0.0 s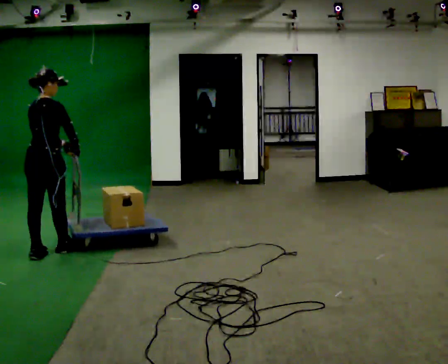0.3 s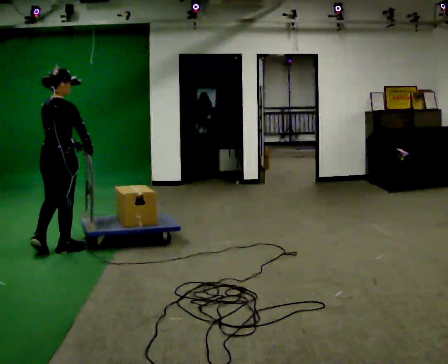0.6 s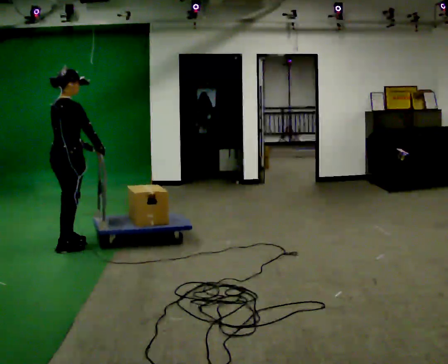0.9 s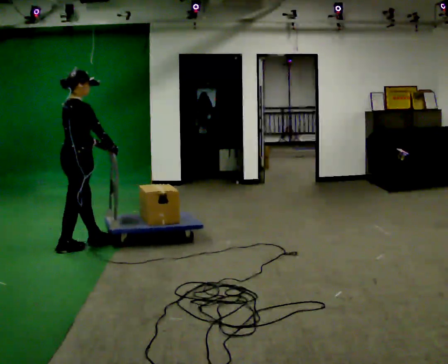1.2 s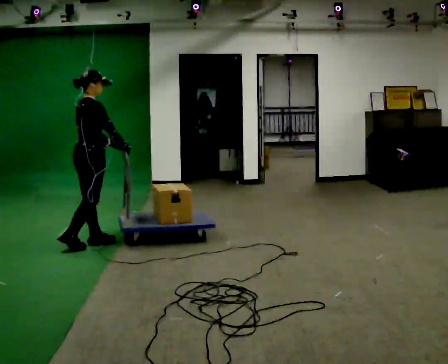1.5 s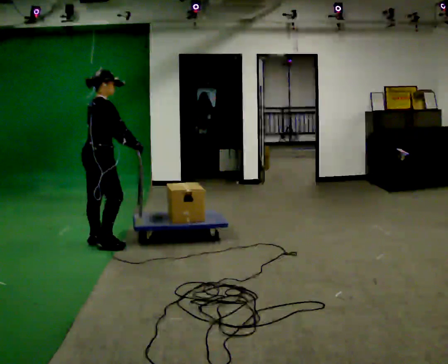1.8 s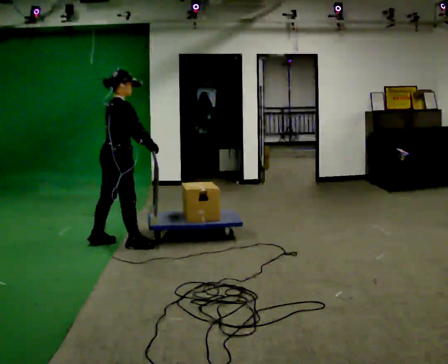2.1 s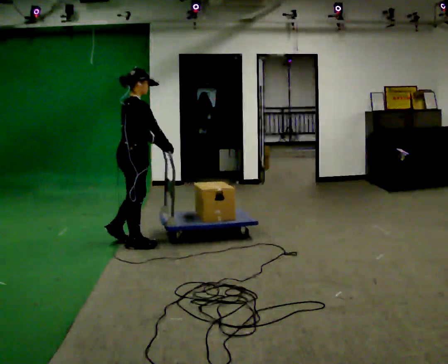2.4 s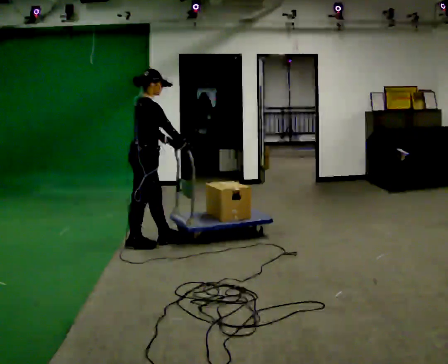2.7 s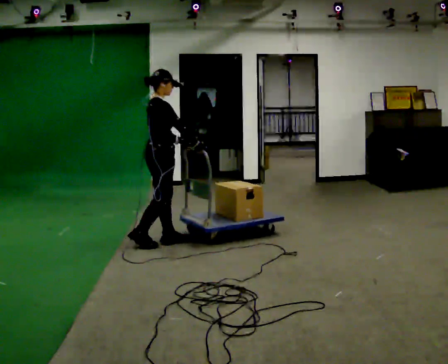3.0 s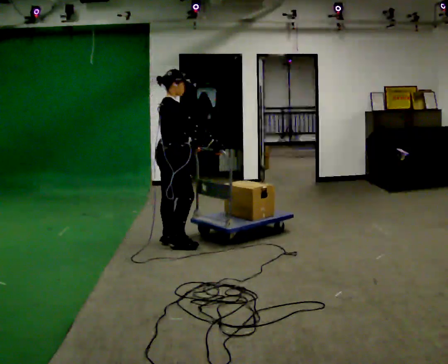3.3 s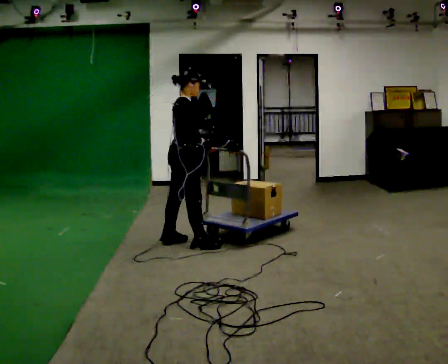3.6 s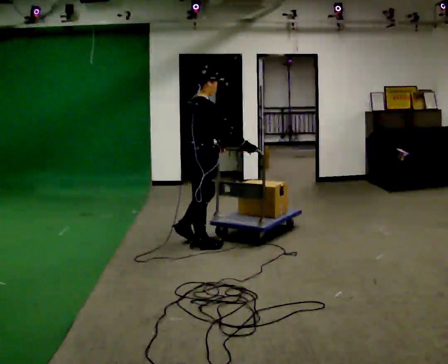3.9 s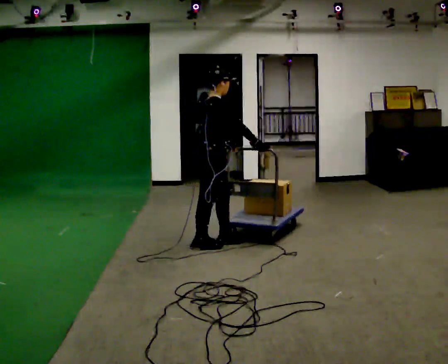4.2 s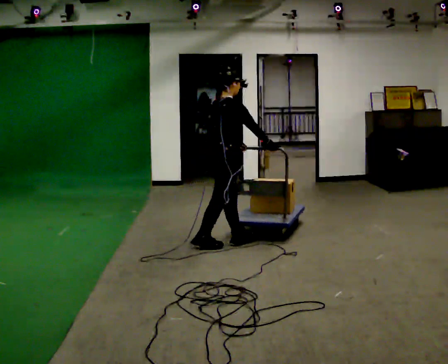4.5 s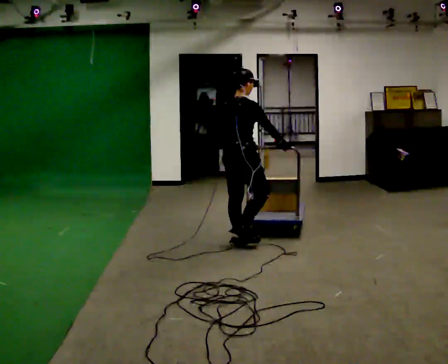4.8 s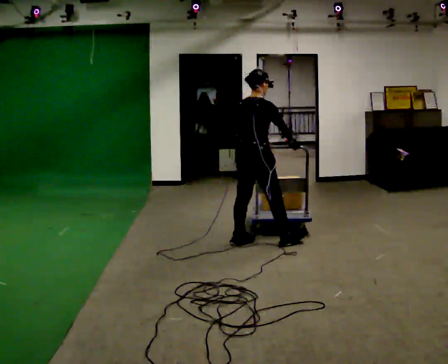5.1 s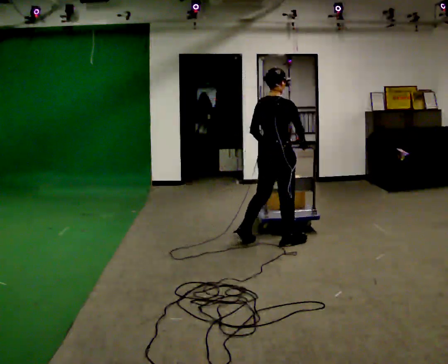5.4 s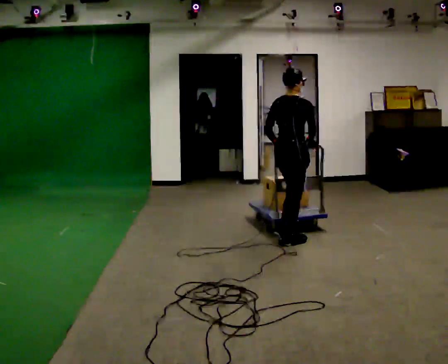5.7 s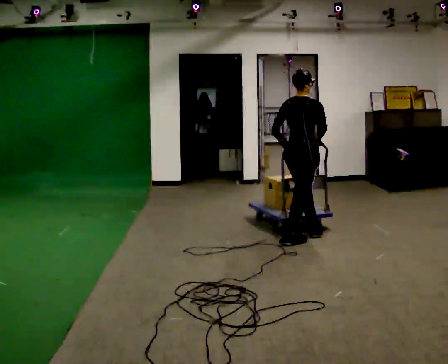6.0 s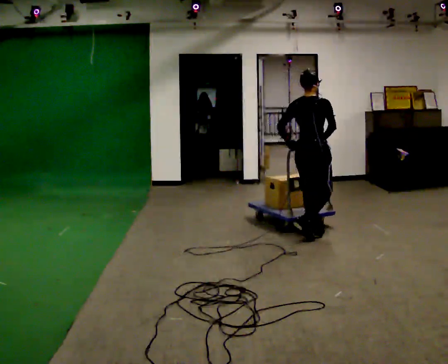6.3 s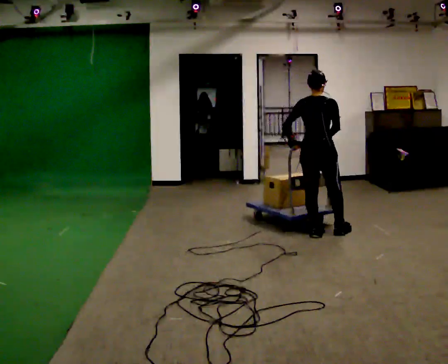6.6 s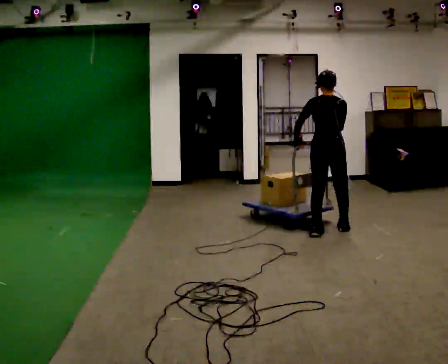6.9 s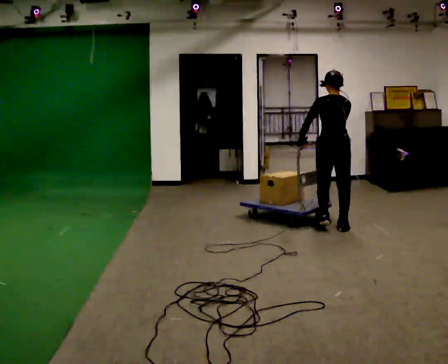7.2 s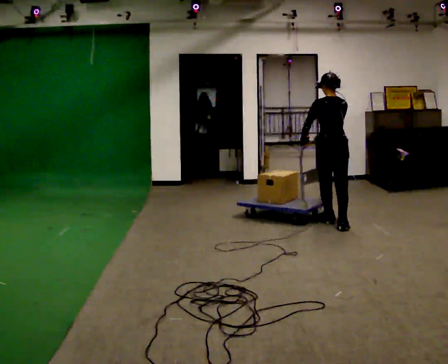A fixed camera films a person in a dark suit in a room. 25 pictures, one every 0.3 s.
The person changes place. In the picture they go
to the right.
0.0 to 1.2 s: Seen from above the body turns clockwise, about 30 degrees: to their right, with its near side sliding to the left. In the picture they go away from the camera and to the right, about 0.5 m in 1 step, which for them is forward.
1.2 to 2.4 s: In the picture they go to the right, about 0.5 m in 1 step, which for them is forward and to their right.
2.4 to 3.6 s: In the picture they go to the right, about 0.5 m in 2 steps, which for them is forward.
3.6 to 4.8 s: In the picture they go to the right, about 0.5 m in 2 steps, which for them is forward.
4.8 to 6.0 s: In the picture they go to the right, about 0.5 m in 1 step, which for them is forward and to their right.
6.0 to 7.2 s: The part of the body nearest the lens slides to the right as the person turns to their left by about 45 degrees. In the picture they go away from the camera and to the right, about 0.5 m in 2 steps, which for them is forward and to their right.
The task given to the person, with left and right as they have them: Push the loaded cart from one corner of the room to the other, turn it round, and push it back. Keep going until the operator says stop.
The film runs forward here.
